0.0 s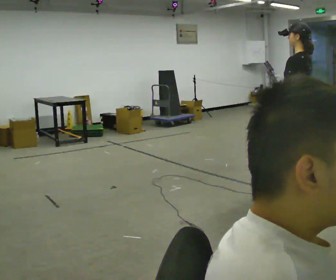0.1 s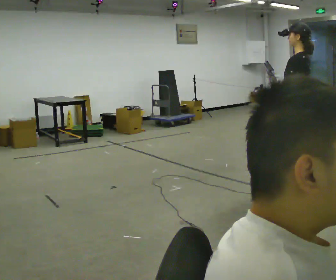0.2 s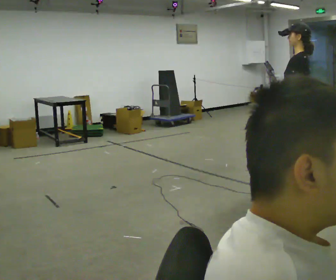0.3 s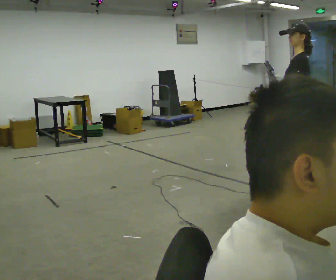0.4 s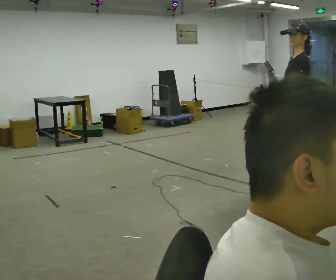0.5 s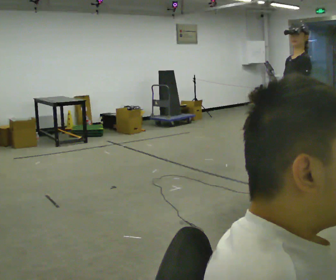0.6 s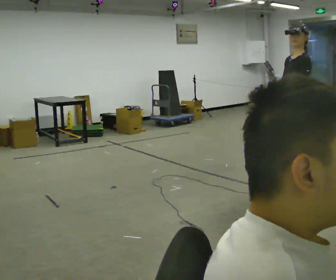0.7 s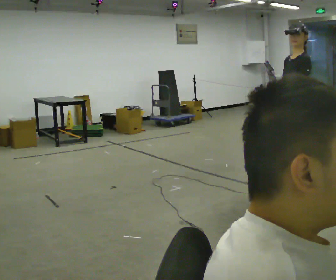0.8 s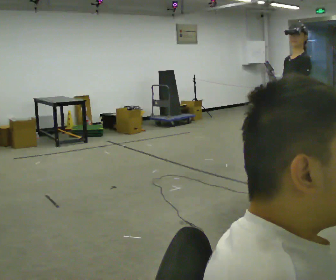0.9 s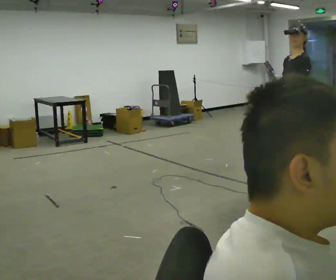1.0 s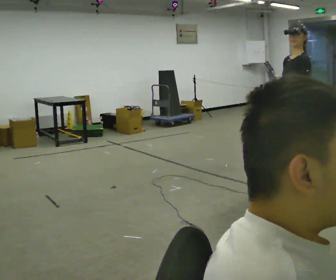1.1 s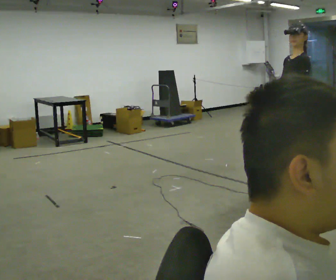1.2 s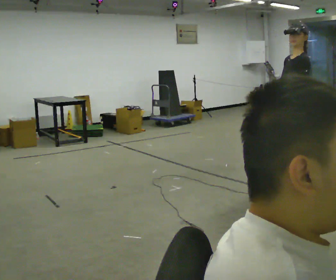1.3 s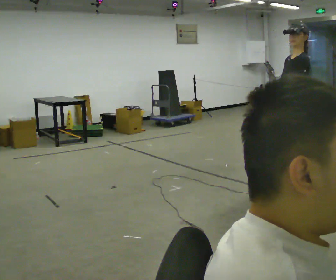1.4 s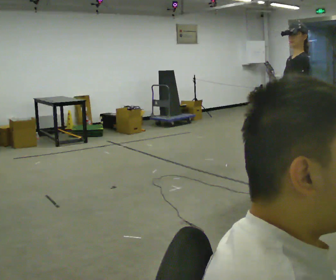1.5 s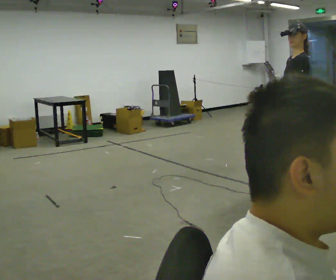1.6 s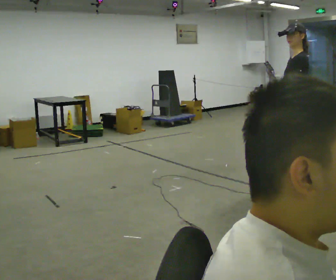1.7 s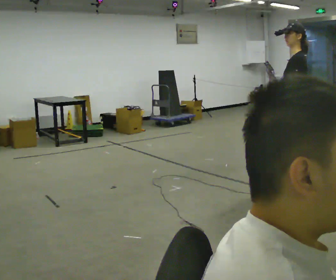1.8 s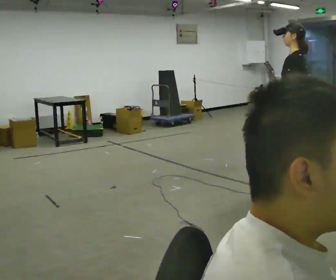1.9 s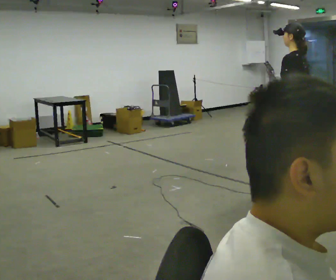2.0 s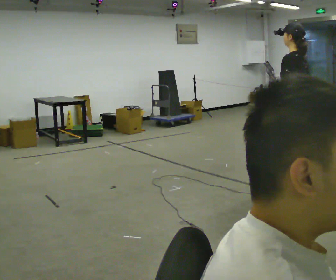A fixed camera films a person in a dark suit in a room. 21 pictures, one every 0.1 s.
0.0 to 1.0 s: Seen from above the body turns counterclockwise, about 45 degrees: to their left, with its near side sliding to the right.
1.0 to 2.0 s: The part of the body nearest the lens slides to the left as the person turns to their right by about 45 degrees. In the picture their right hand goes to the right.
The film runs backward here.
